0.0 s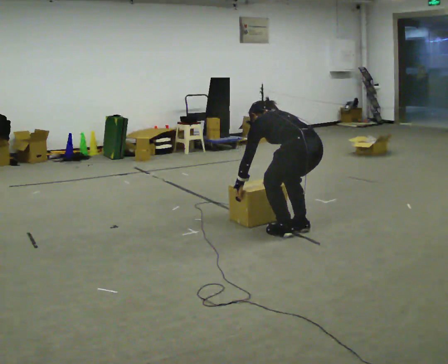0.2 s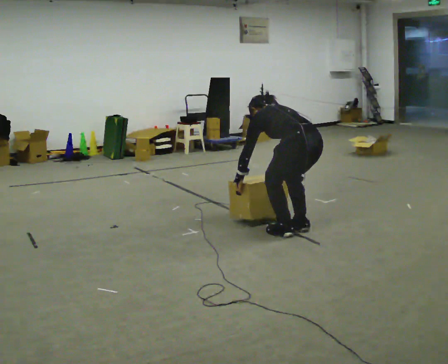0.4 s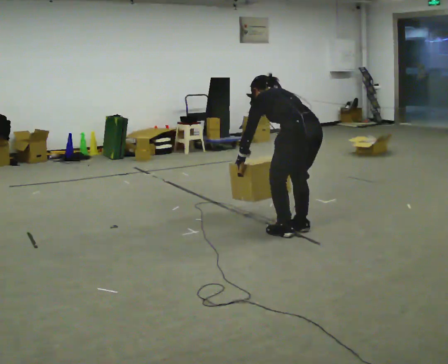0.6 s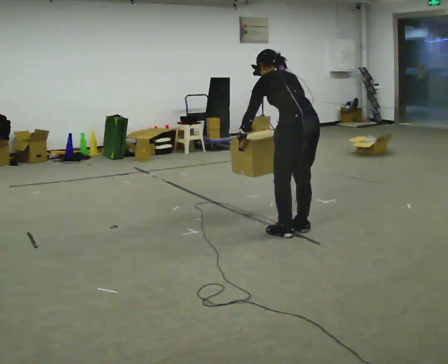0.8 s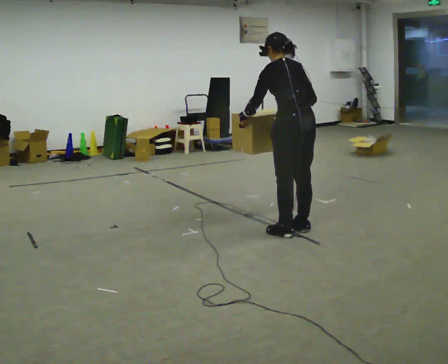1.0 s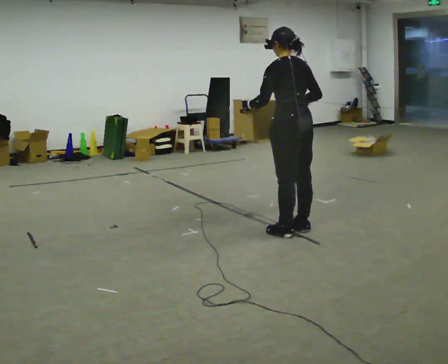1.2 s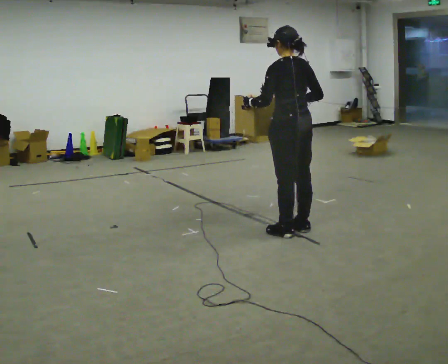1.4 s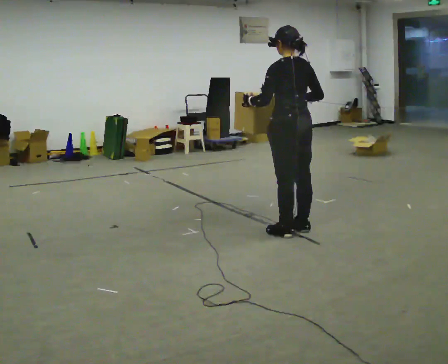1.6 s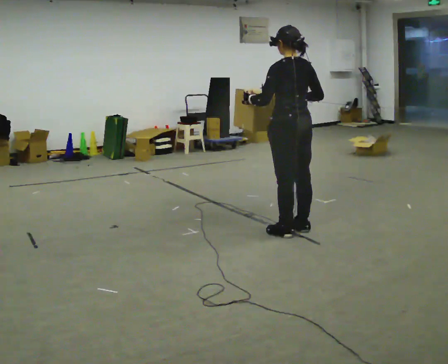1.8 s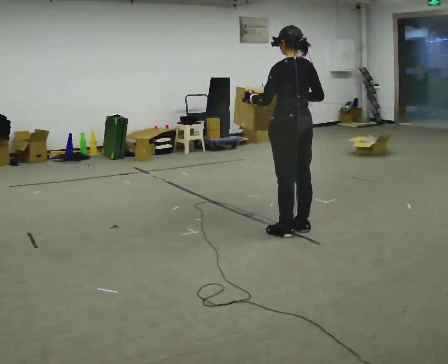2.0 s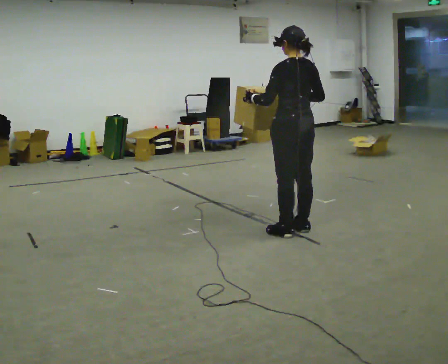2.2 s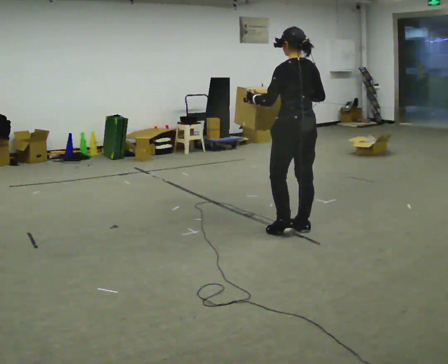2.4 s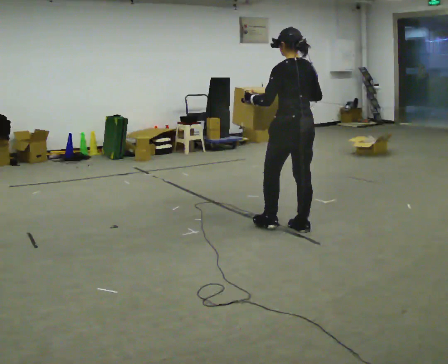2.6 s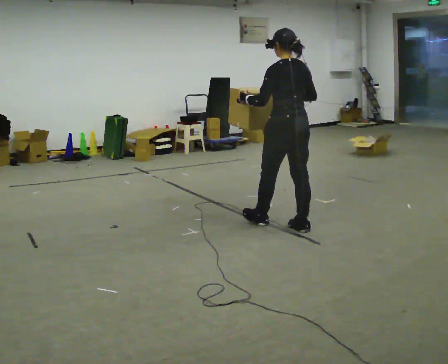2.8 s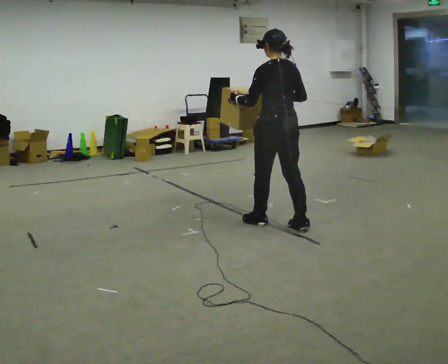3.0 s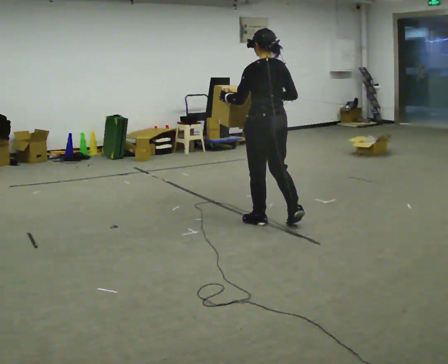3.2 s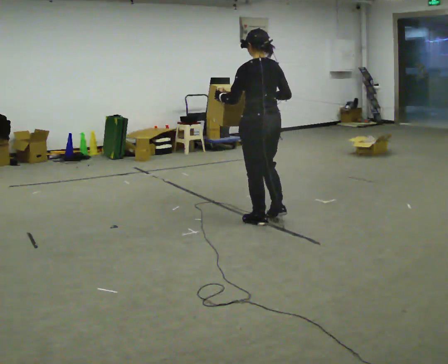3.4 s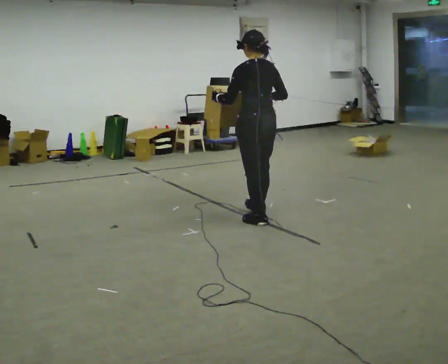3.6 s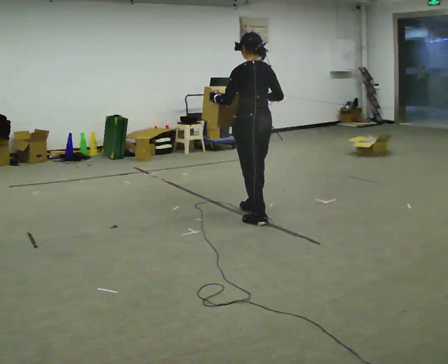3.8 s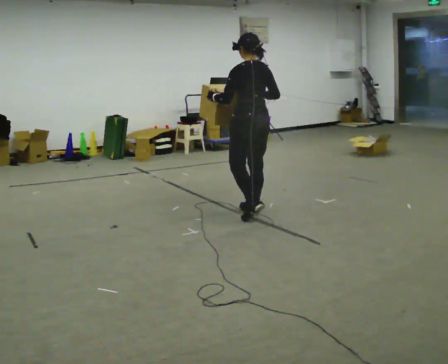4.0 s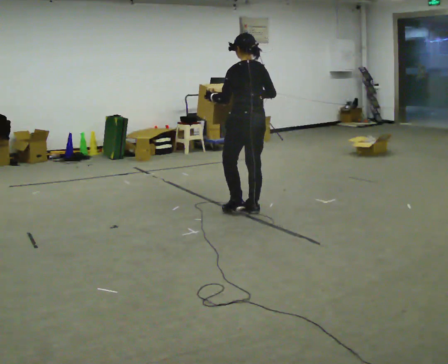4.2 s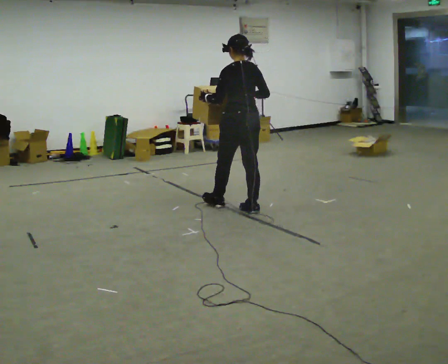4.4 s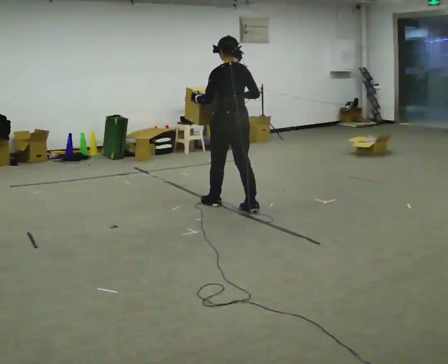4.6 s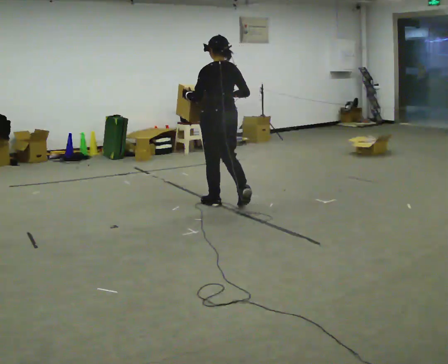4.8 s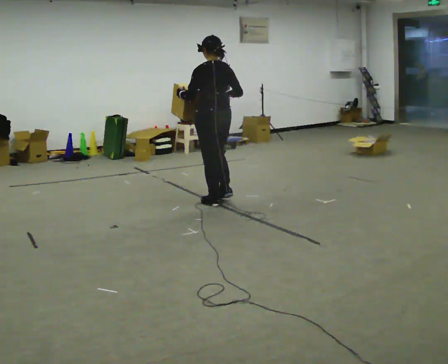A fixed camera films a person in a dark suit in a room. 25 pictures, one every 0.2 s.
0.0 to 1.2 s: The upper body goes upward. The upper body tips toward the camera, its near side rolling downward, as they lean back or straighten. In the picture their right hand goes upward.
1.2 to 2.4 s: The person moves a little, or ends about where they began.
2.4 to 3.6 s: In the picture they go to the left and away from the camera, about 0.5 m in 2 steps, which for them is forward.
3.6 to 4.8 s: In the picture they go to the left and away from the camera, about 0.5 m in 1 step, which for them is forward.
The film runs forward here.
